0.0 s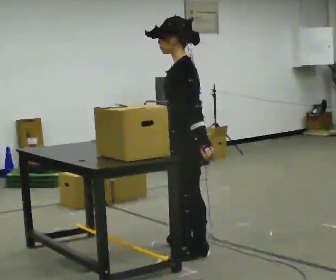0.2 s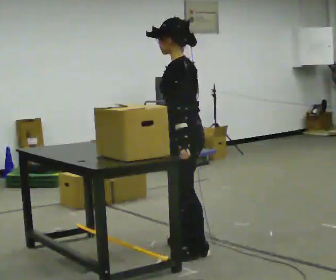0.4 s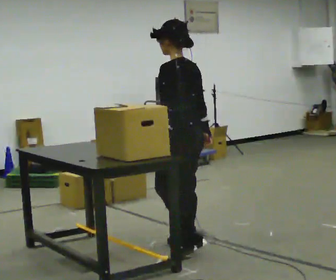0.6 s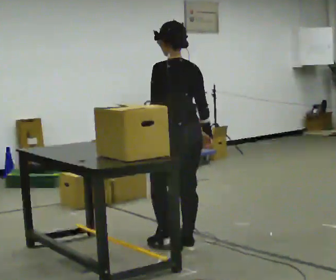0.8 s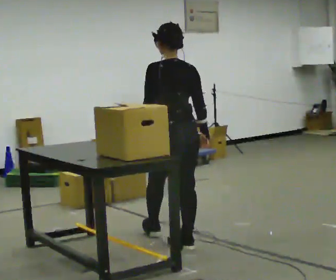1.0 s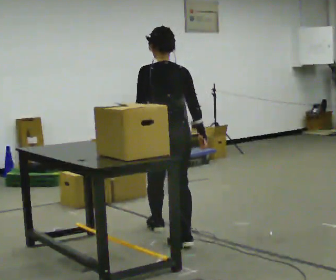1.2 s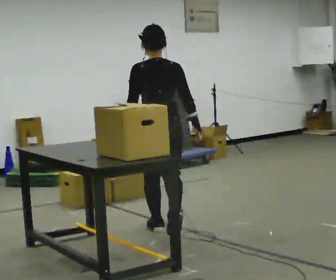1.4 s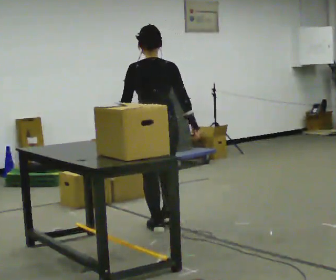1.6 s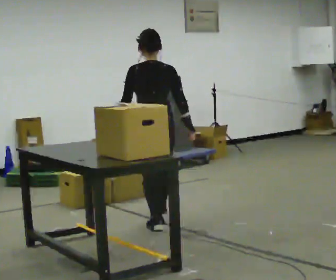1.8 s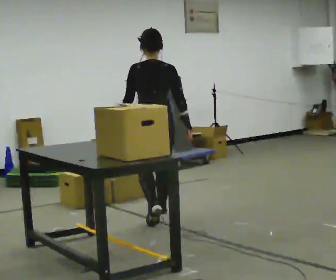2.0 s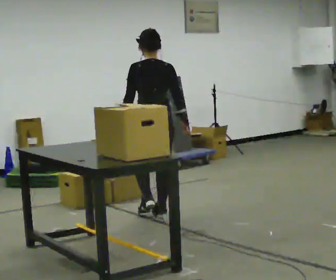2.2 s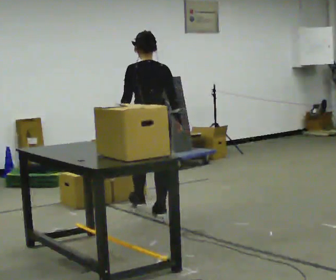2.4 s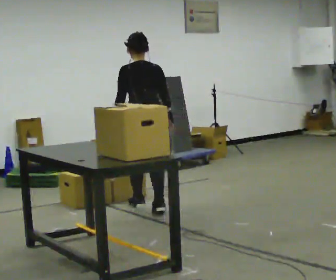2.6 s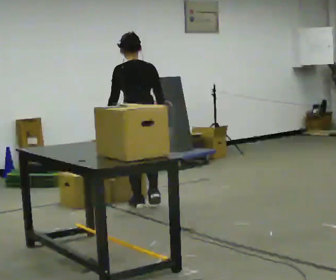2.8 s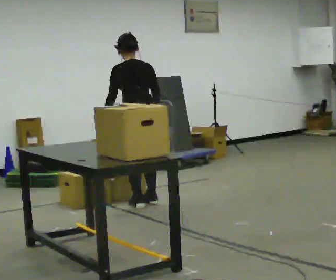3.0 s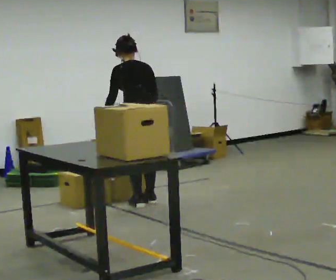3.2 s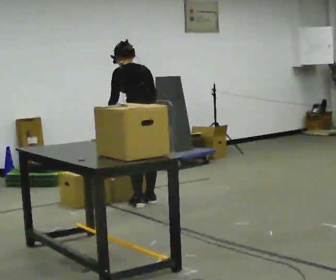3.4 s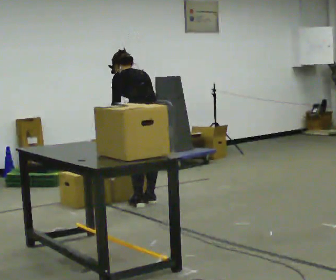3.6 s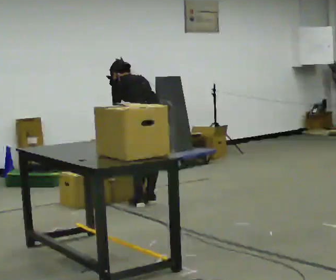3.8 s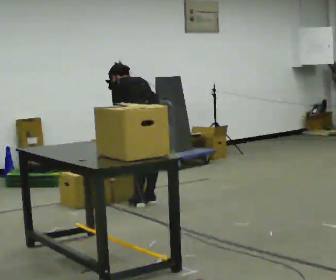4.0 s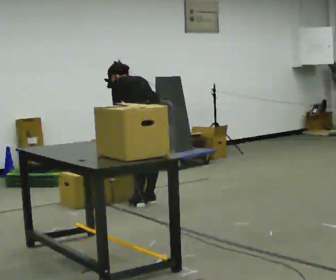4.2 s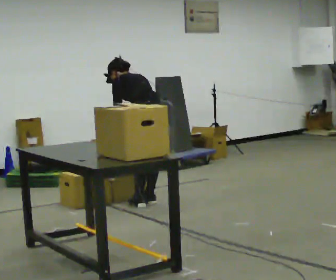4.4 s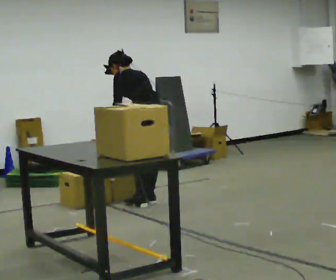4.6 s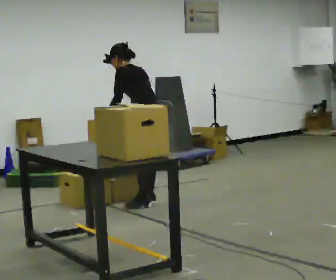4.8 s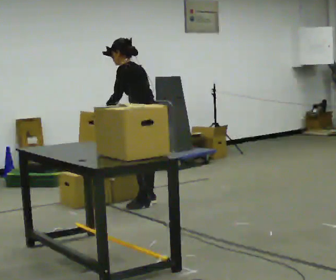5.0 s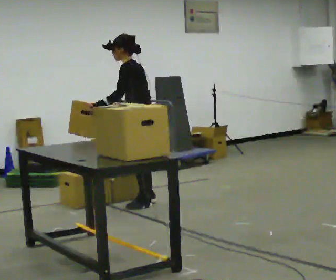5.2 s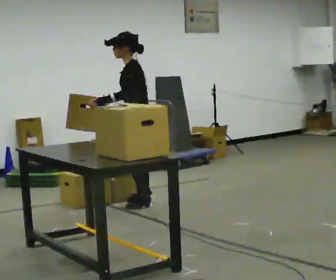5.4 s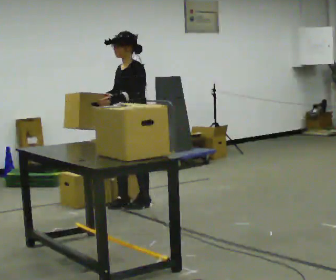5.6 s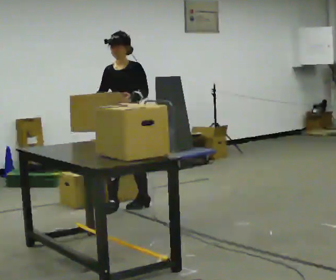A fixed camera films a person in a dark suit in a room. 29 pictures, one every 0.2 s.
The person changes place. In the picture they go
away from the camera.
The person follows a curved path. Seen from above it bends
counterclockwise.
0.0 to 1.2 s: Seen from above the body turns clockwise, about 75 degrees: to their right, with its near side sliding to the left. In the picture they go away from the camera, about 0.5 m in 1 step.
1.2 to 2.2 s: In the picture they go away from the camera, about 0.75 m in 1 step, which for them is forward.
2.2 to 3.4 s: In the picture they go away from the camera, about 0.25 m in 2 steps, which for them is forward. The upper body tips away from the camera, its near side rolling upward, as they bend forward.
3.4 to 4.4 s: The person moves a little, or ends about where they began.
4.4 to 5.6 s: Seen from above the body turns counterclockwise, about 105 degrees: to their left, with its near side sliding to the right. In the picture they go to the left and toward the camera, about 0.25 m in 1 step. The upper body tips toward the camera, its near side rolling downward, as they lean back or straighten.
The film runs forward here.
